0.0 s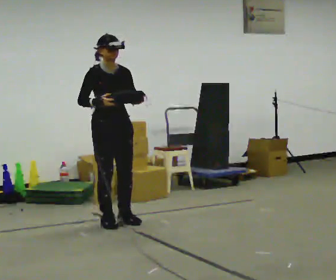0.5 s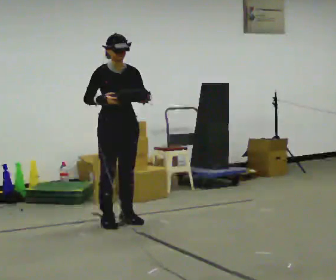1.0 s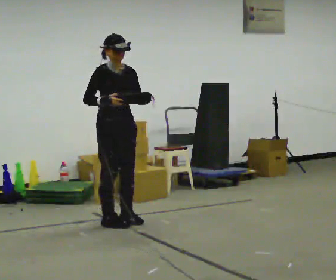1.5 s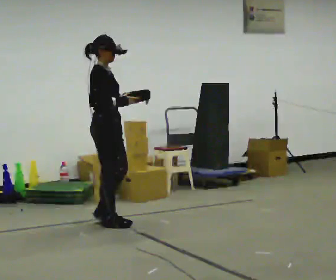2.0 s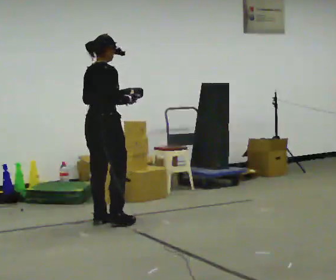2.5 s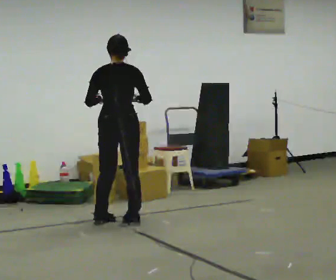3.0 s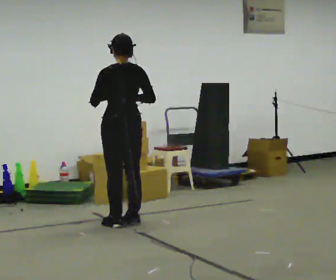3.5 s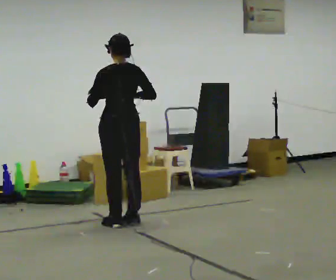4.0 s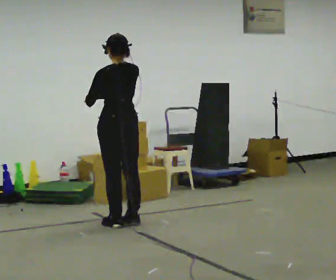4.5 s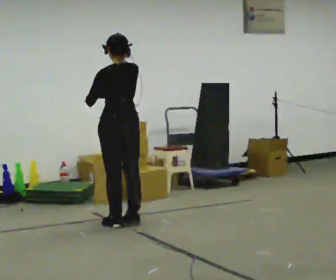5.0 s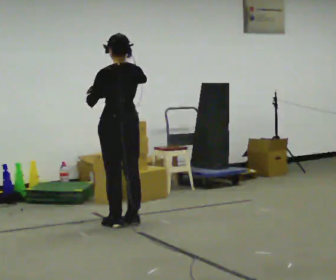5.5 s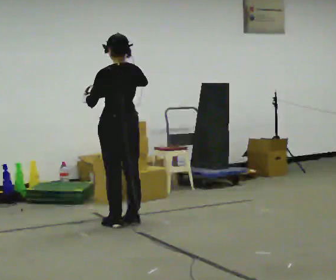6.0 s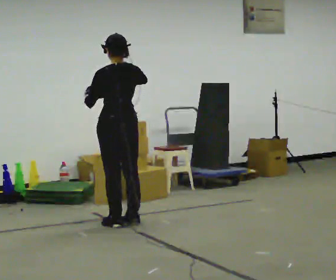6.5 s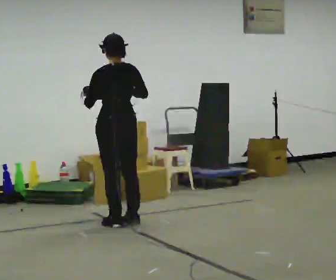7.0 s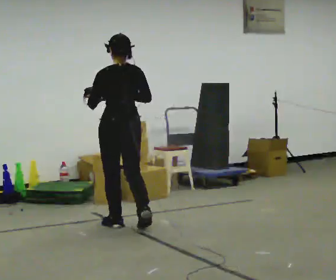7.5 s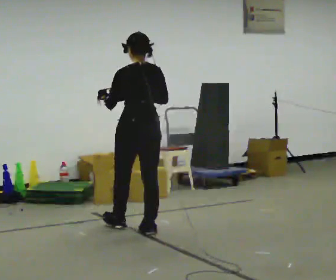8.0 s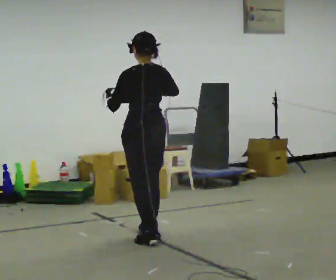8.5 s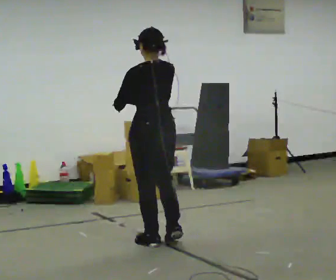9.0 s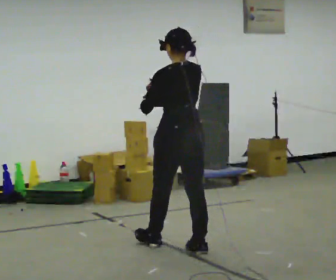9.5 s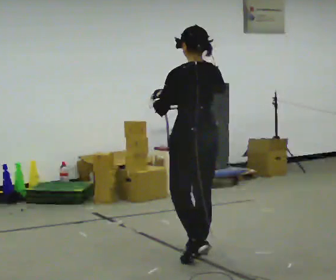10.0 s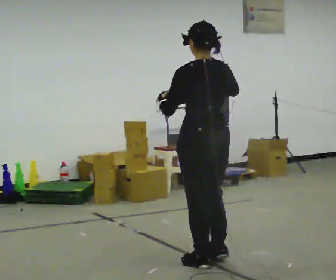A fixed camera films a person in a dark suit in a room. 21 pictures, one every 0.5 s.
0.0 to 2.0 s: The part of the body nearest the lens slides to the right as the person turns to their left by about 90 degrees.
2.0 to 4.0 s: Seen from above the body turns counterclockwise, about 75 degrees: to their left, with its near side sliding to the right. In the picture they go to the right, about 0.25 m in 1 step.
4.0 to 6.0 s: The person moves a little, or ends about where they began.
6.0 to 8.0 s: In the picture they go toward the camera and to the right, about 0.5 m in 2 steps, which for them is backward.
8.0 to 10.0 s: In the picture they go toward the camera and to the right, about 1 m in 3 steps, which for them is backward.
The film runs backward here.
